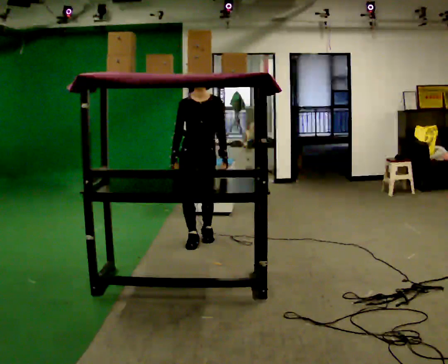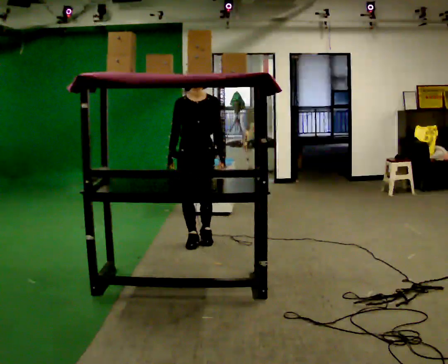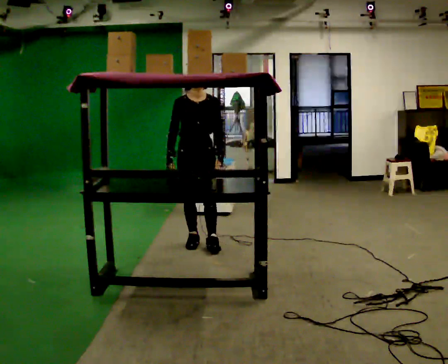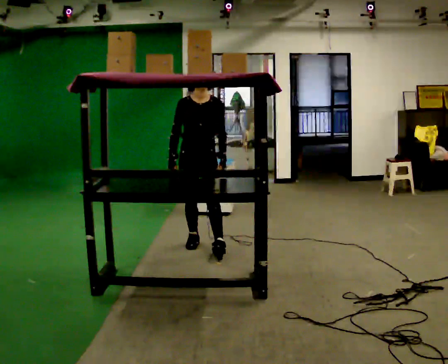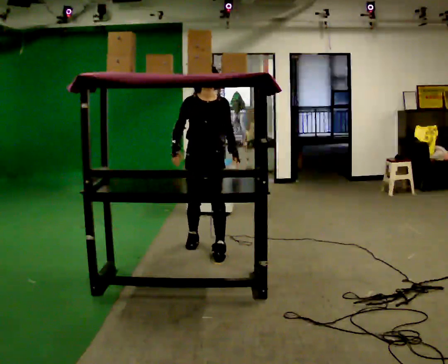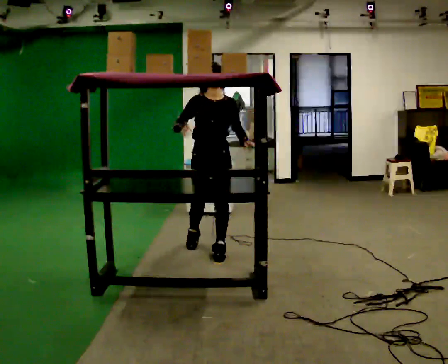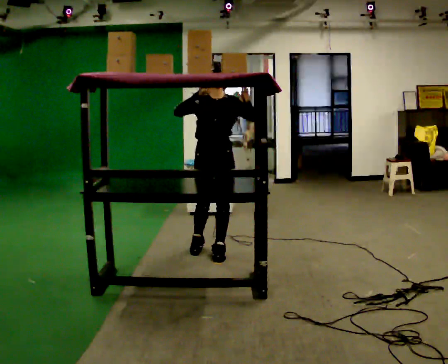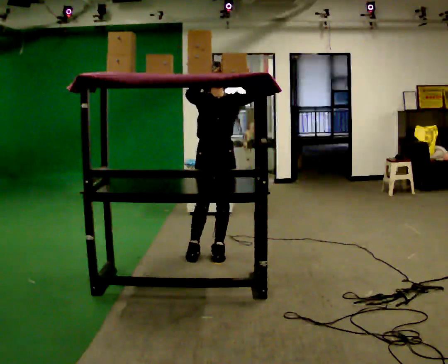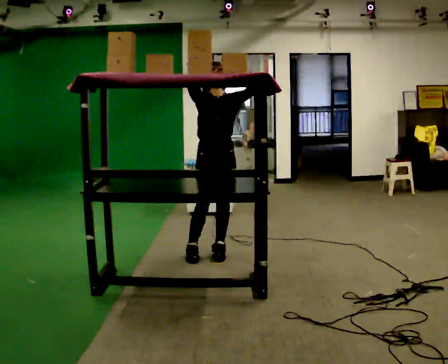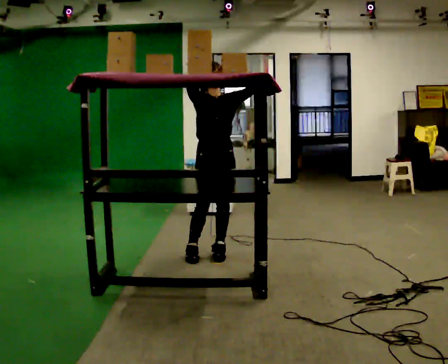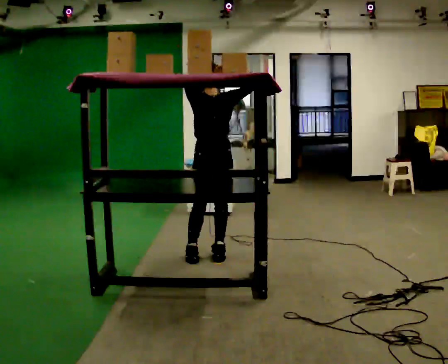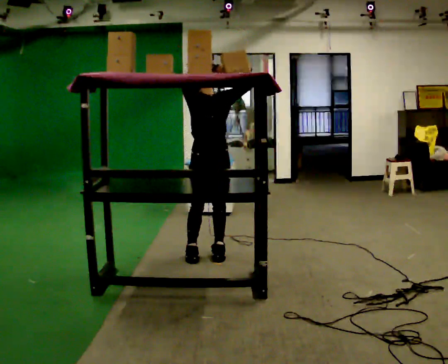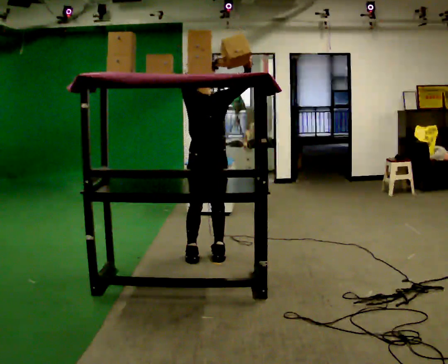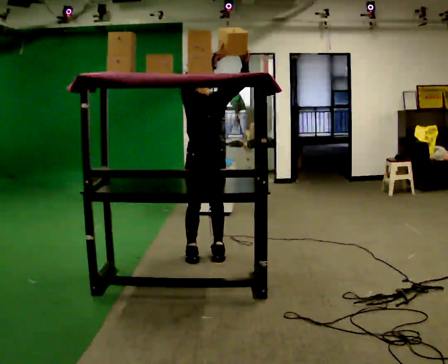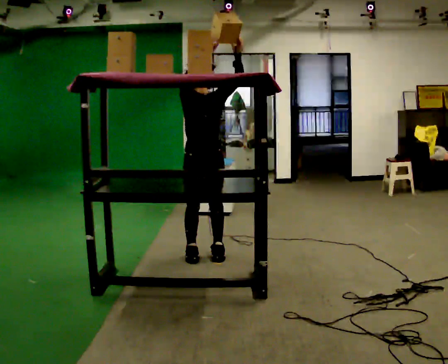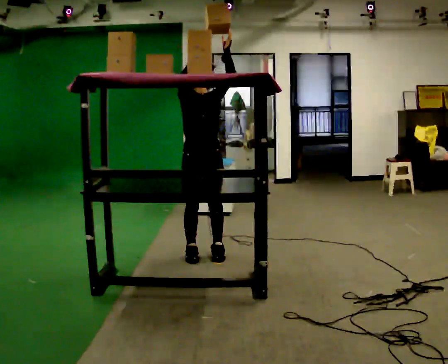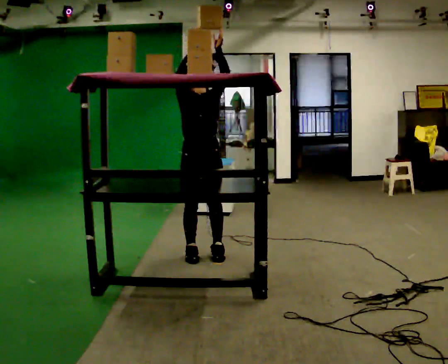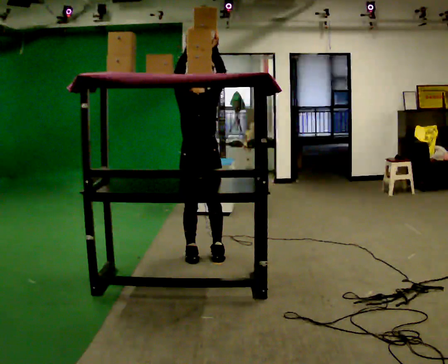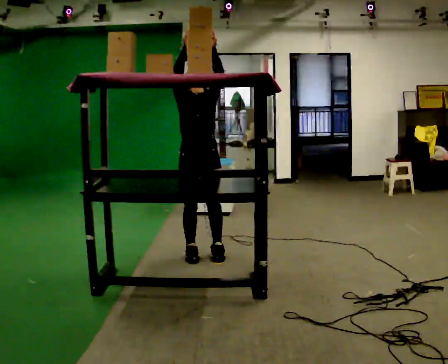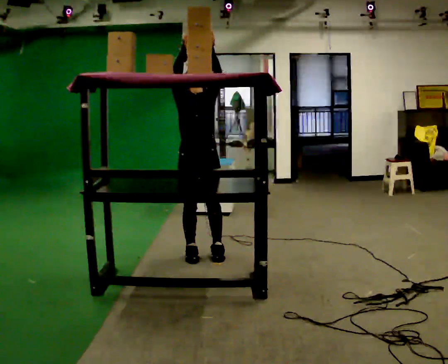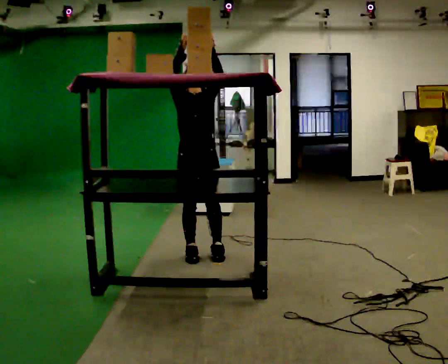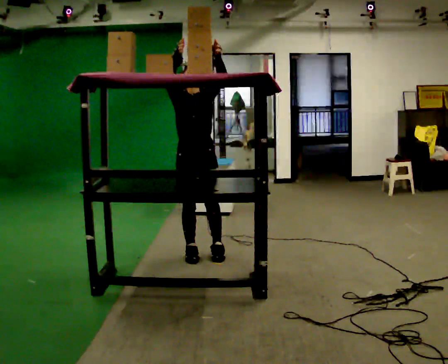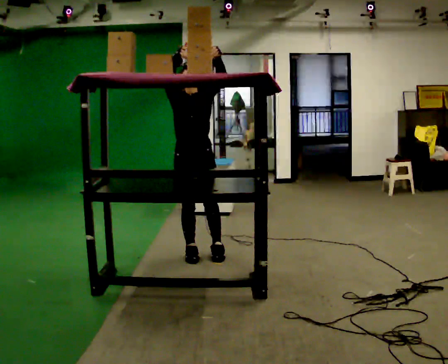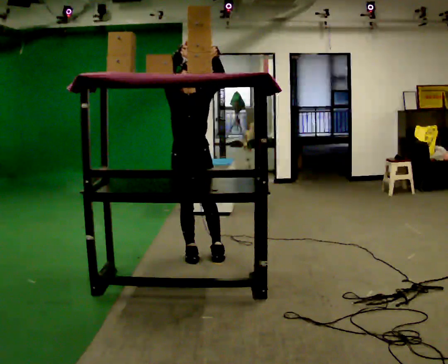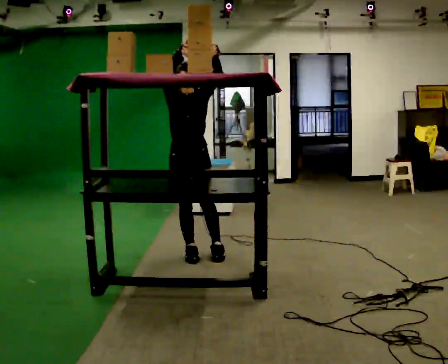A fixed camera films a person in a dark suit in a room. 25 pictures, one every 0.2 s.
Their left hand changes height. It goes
upward.
Their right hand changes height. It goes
upward.
0.0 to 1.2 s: In the picture they go toward the camera and to the right, about 0.5 m in 2 steps, which for them is forward. In the picture their right hand goes upward.
1.2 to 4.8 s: In the picture they go to the left, about 0.25 m, which for them is to their right. In the picture their left hand goes upward.
The film runs backward here.
